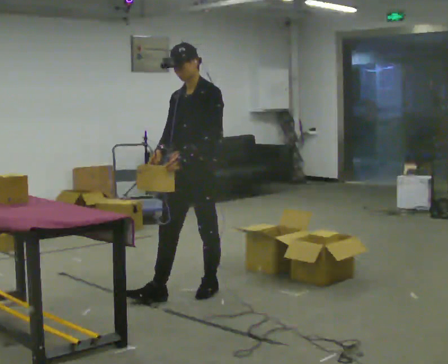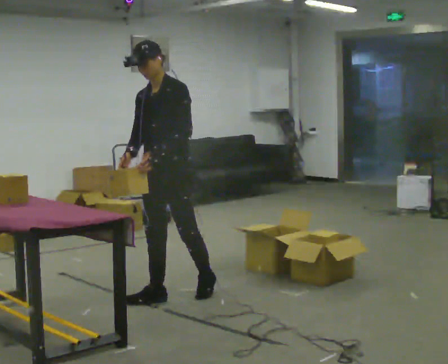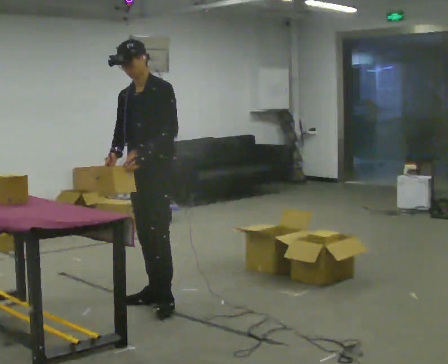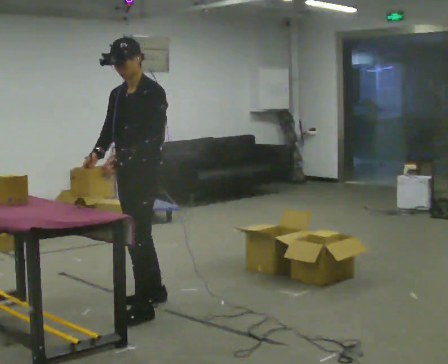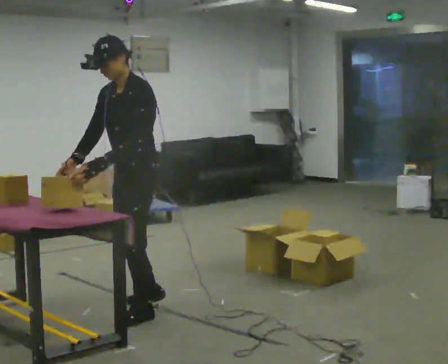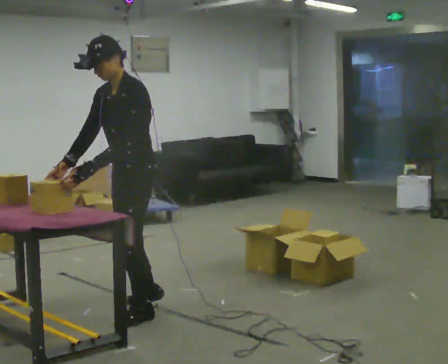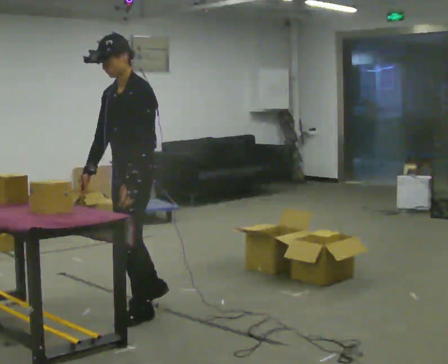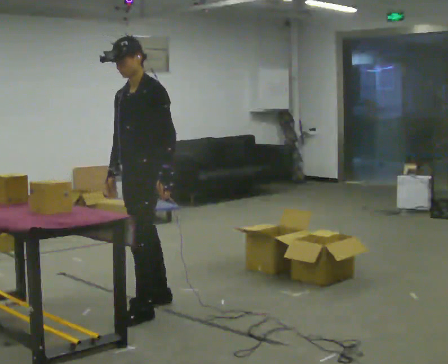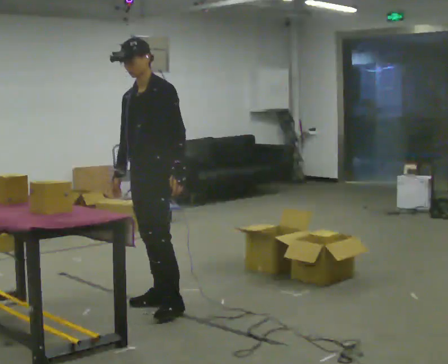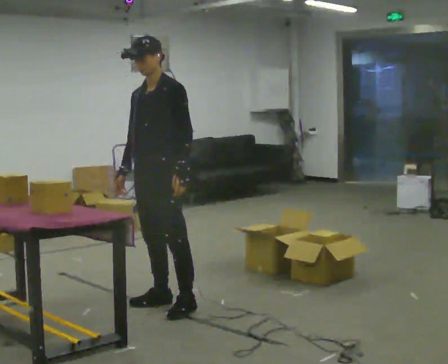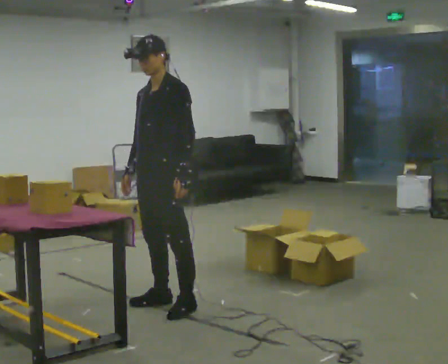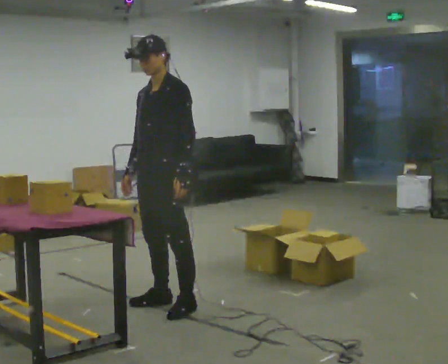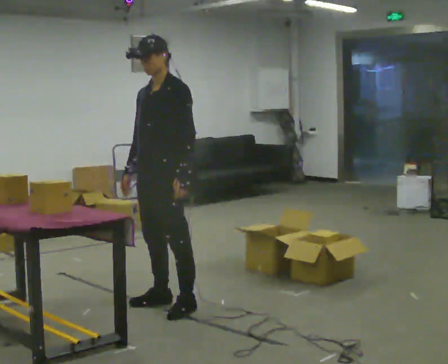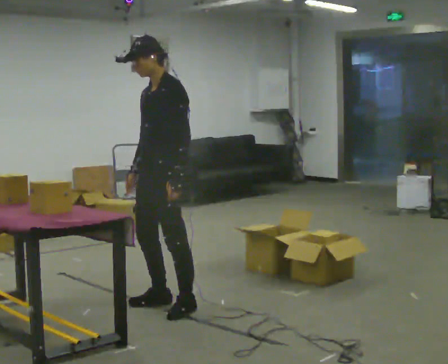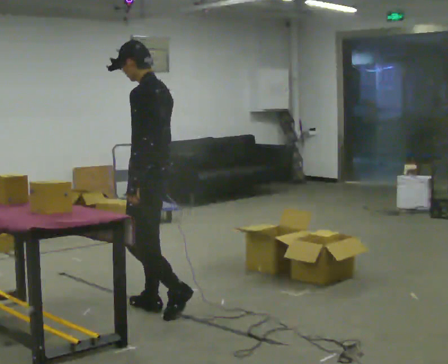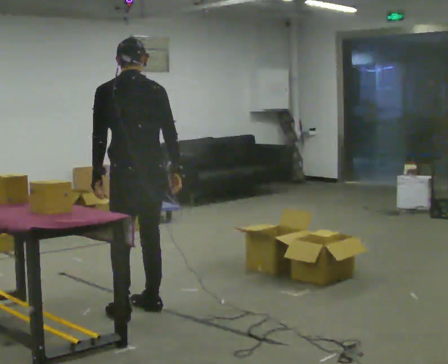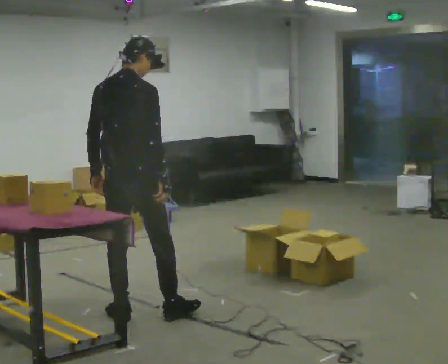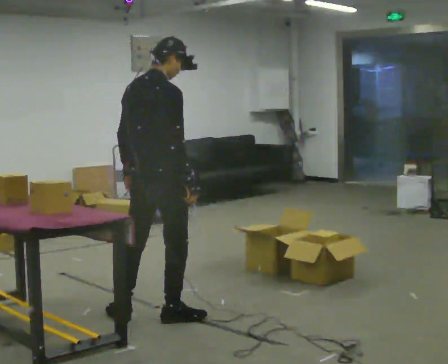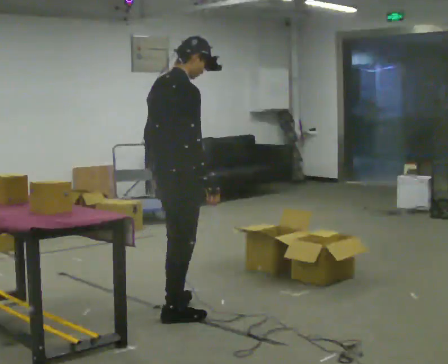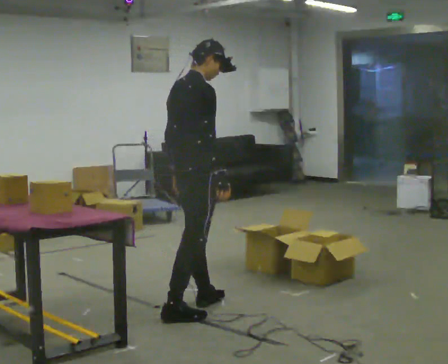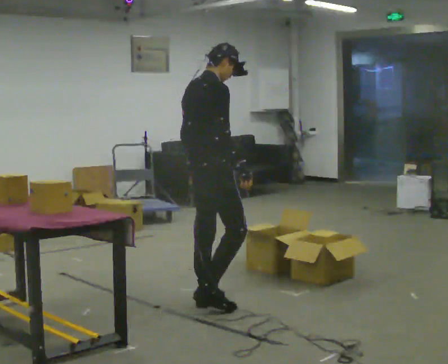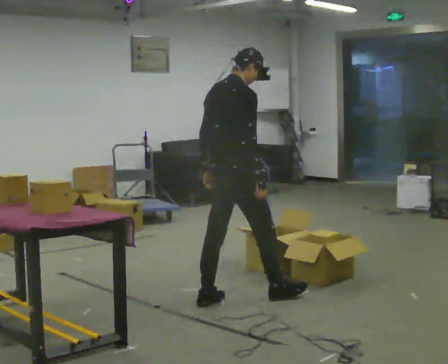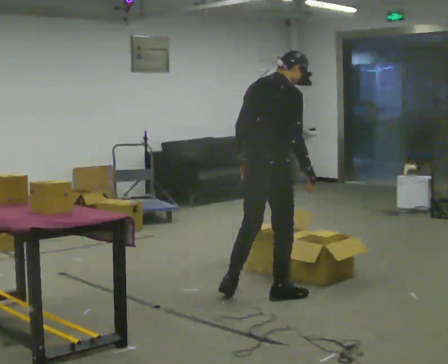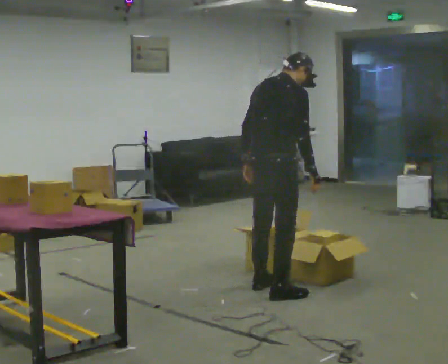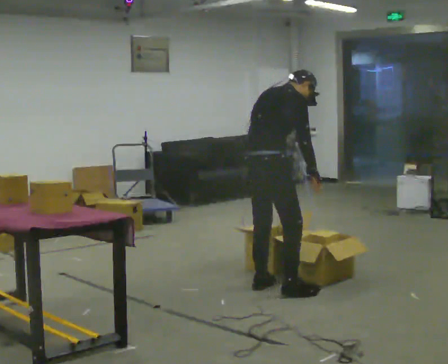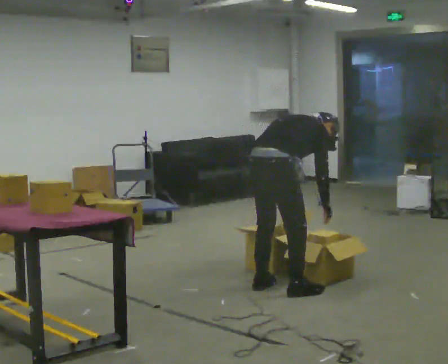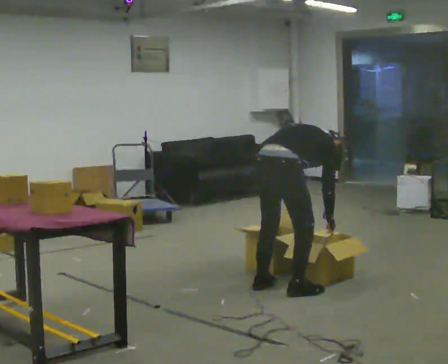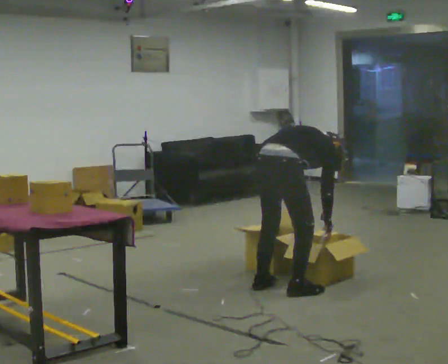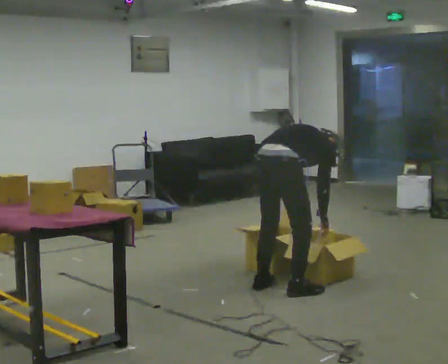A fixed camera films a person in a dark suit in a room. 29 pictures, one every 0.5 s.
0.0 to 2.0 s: In the picture they go toward the camera and to the left, about 0.5 m in 2 steps, which for them is forward.
2.0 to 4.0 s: In the picture they go away from the camera, about 0.25 m, which for them is to their right and backward.
4.0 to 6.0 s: The person moves a little, or ends about where they began.
6.0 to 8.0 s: Seen from above the body turns clockwise, about 150 degrees: to their right, with its near side sliding to the left. In the picture they go to the left and toward the camera, about 0.25 m in 2 steps.
8.0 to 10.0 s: Seen from above the body turns clockwise, about 45 degrees: to their right, with its near side sliding to the left. In the picture they go to the right and away from the camera, about 0.5 m in 2 steps, which for them is forward.
10.0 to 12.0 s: In the picture they go to the right and away from the camera, about 0.5 m in 2 steps, which for them is forward. In the picture the upper body tilts clockwise, shoulders to the right, as they bend forward.
12.0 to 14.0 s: The shoulders move downward. The upper body tips away from the camera, its near side rolling upward, as they bend forward. In the picture their right hand goes downward.
The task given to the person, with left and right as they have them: 1. Look at the shelf and see which spaces are empty. 2. Find matching items in the bins on the floor. 3. Fill the empty spaces on the shelf. 4. Tell the operator when you are finished.
The film runs forward here.
